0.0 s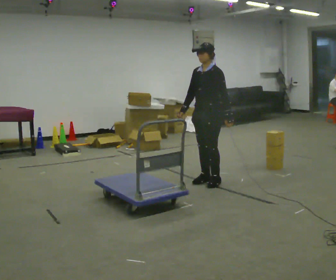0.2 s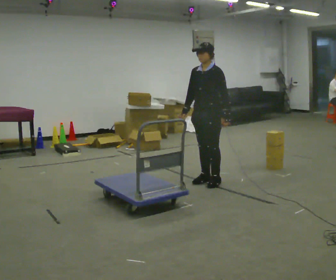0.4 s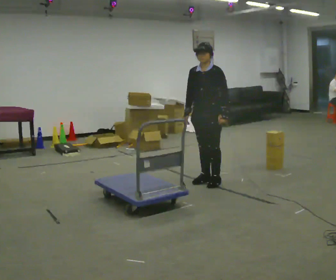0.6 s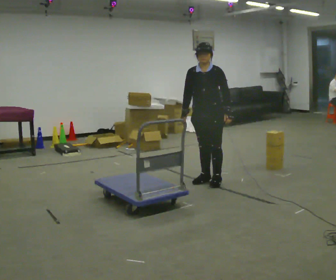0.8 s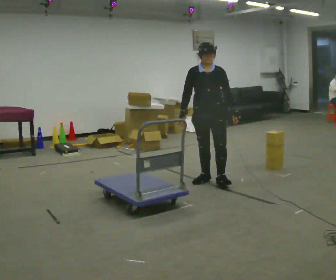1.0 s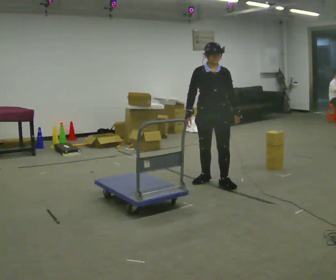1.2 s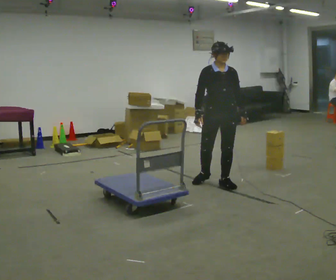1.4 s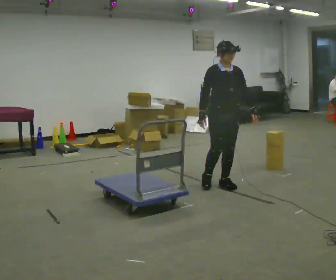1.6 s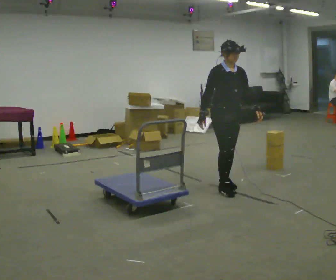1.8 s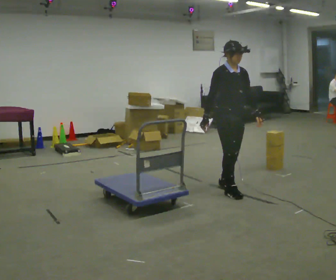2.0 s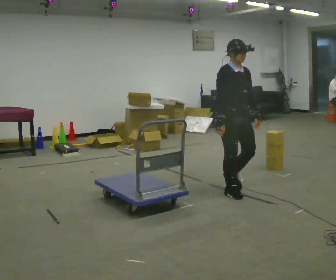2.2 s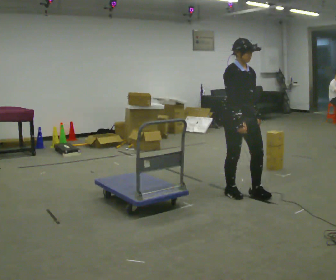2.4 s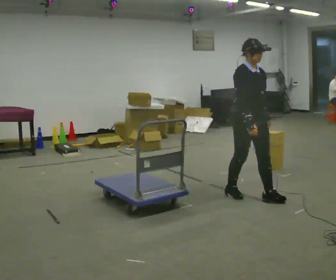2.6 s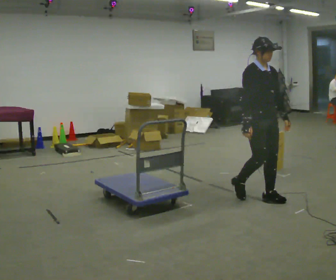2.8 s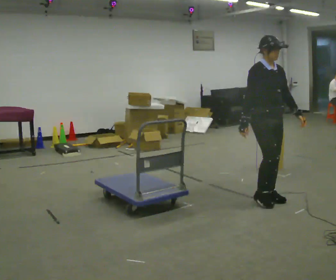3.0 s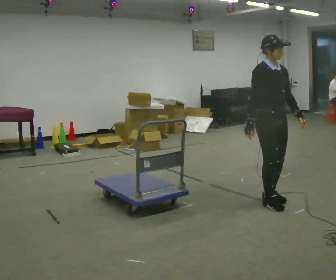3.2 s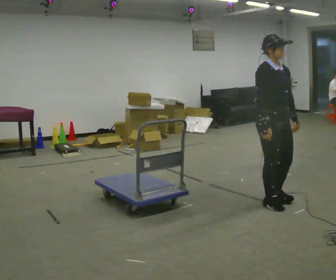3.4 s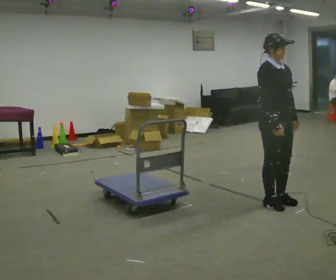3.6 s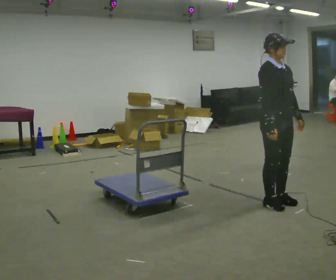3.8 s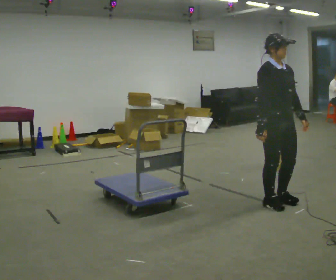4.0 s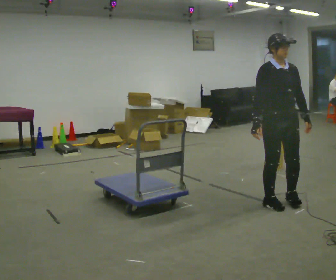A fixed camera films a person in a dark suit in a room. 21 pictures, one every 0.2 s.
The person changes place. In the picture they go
toward the camera.
0.0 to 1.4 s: Seen from above the body turns counterclockwise, about 75 degrees: to their left, with its near side sliding to the right. In the picture they go toward the camera, about 0.25 m.
1.4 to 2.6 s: In the picture they go toward the camera and to the right, about 0.5 m in 2 steps, which for them is forward.
2.6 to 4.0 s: In the picture they go toward the camera, about 0.25 m in 1 step, which for them is forward.
The film runs forward here.
